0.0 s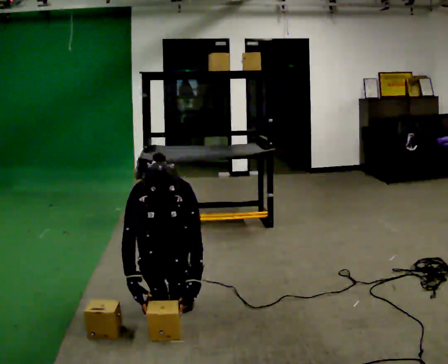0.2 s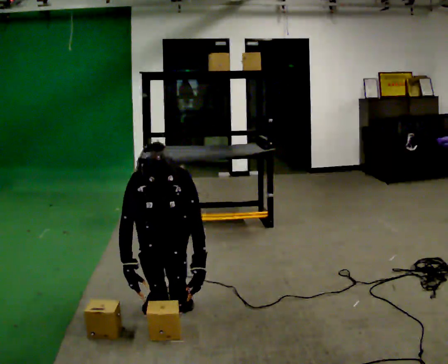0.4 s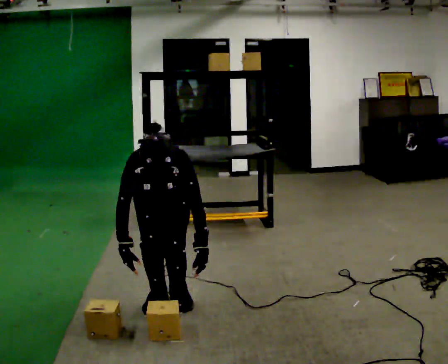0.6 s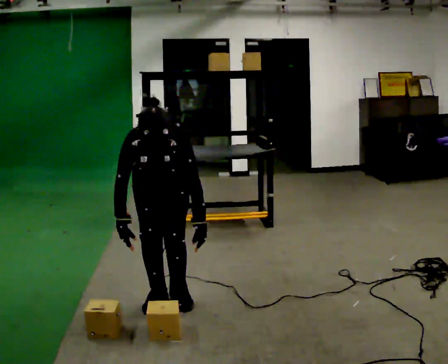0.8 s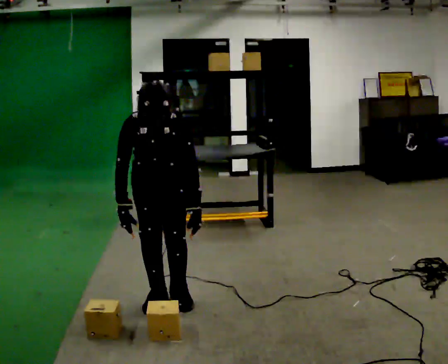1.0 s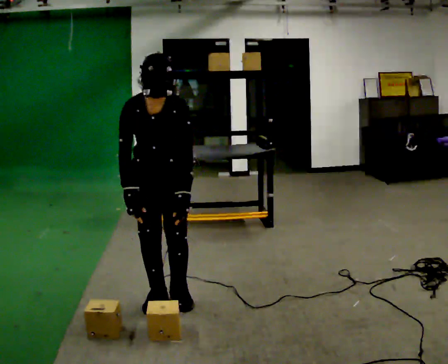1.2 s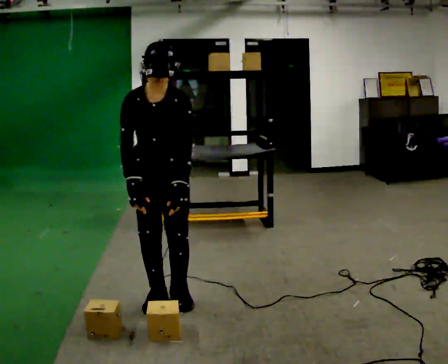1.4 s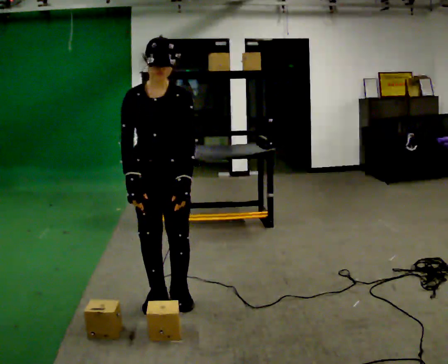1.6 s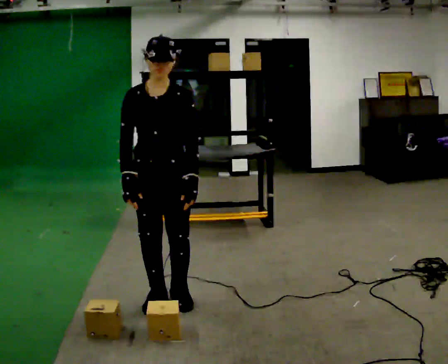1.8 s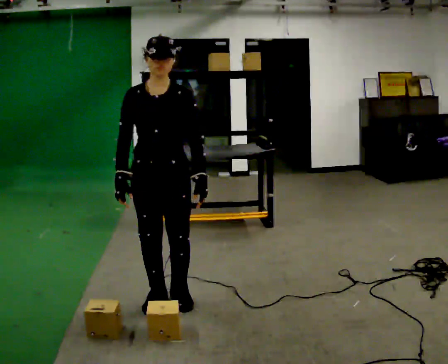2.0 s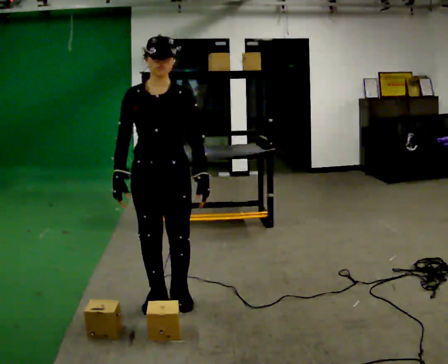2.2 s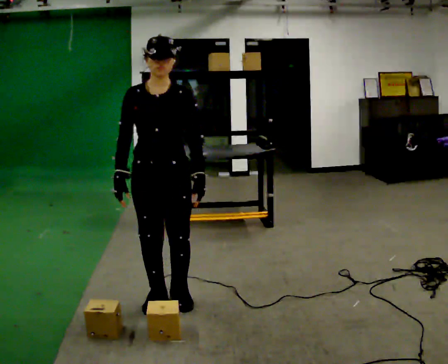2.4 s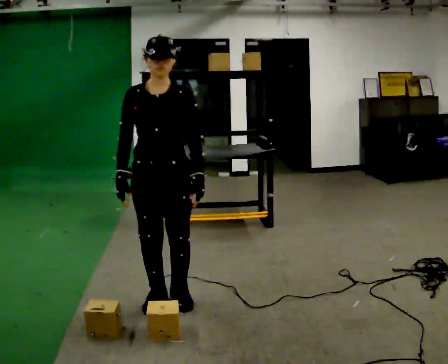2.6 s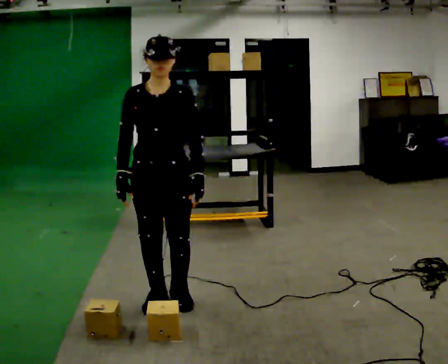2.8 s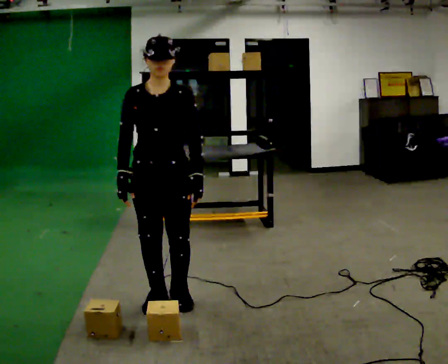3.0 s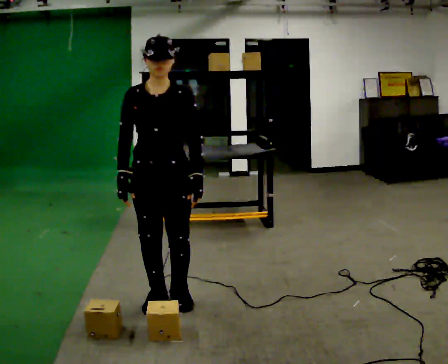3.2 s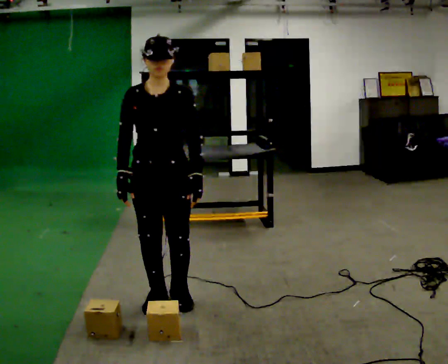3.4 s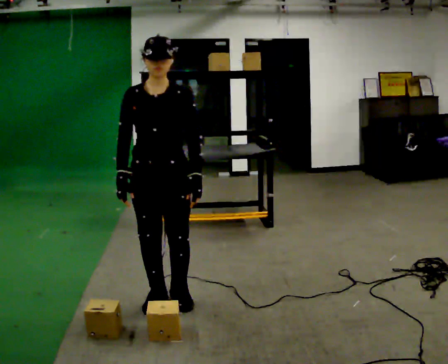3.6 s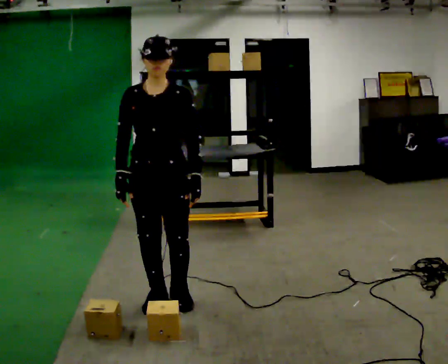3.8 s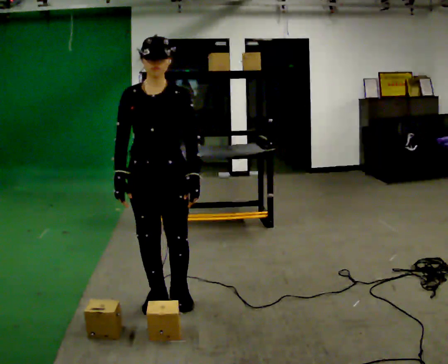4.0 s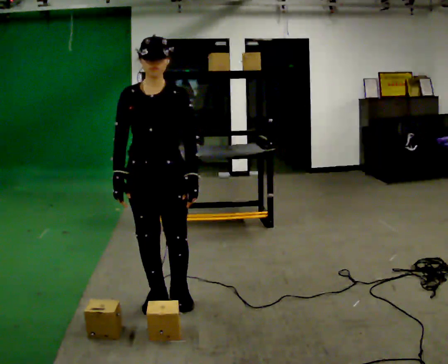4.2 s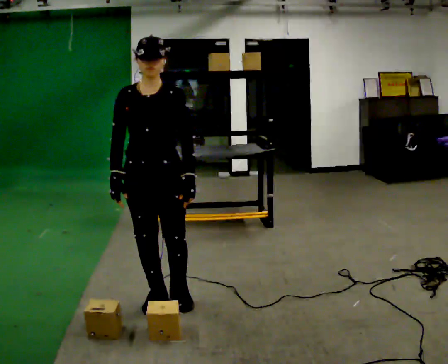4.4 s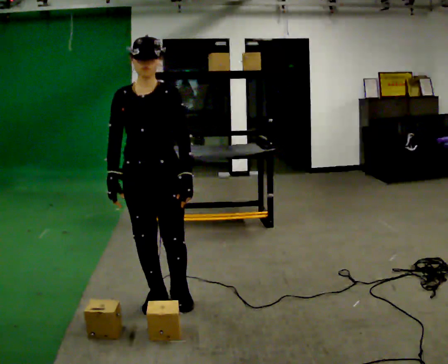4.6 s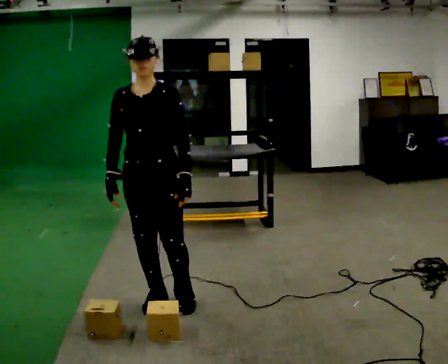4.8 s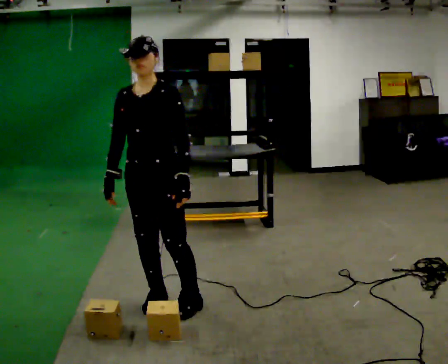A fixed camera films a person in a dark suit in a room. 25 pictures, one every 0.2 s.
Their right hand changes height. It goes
upward.
The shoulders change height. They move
upward.
0.0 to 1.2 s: The upper body goes upward. The upper body tips away from the camera, its near side rolling upward, as they lean back or straighten. In the picture their left hand goes upward.
1.2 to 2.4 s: The upper body tips away from the camera, its near side rolling upward, as they lean back or straighten.
2.4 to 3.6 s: The person keeps their place and pose.
3.6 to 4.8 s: The person moves a little, or ends about where they began.
The film runs forward here.
